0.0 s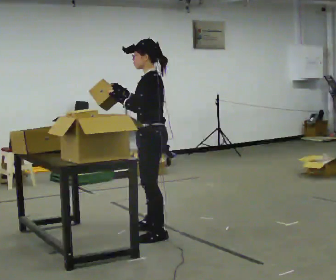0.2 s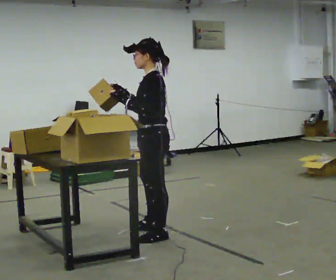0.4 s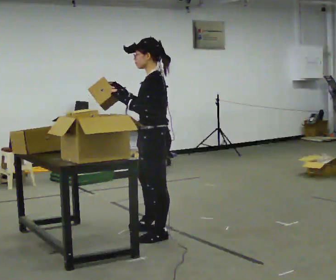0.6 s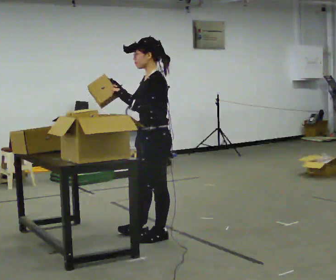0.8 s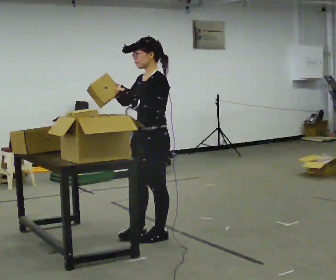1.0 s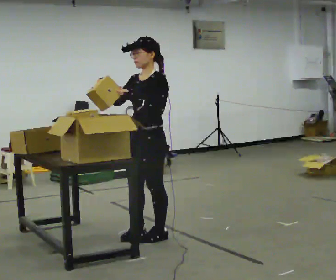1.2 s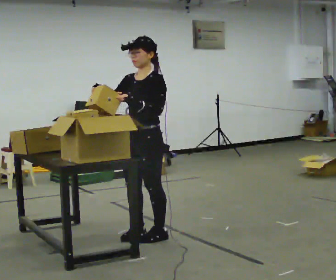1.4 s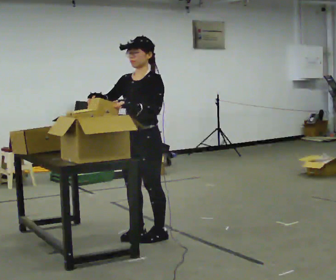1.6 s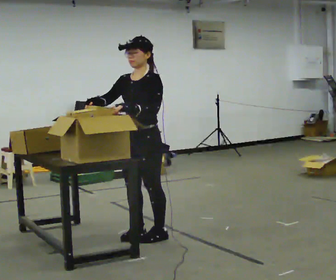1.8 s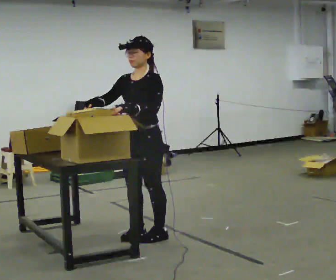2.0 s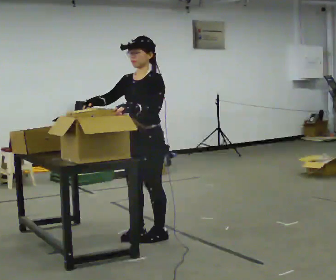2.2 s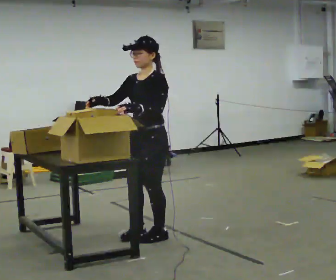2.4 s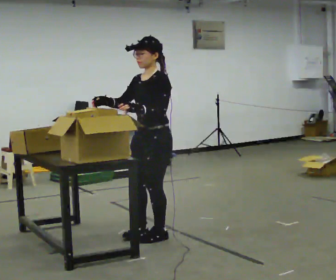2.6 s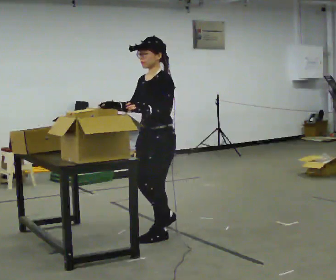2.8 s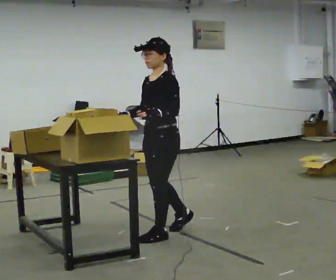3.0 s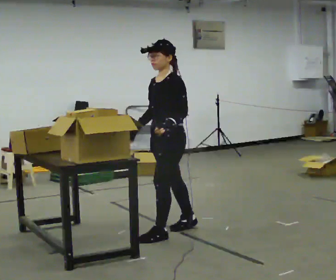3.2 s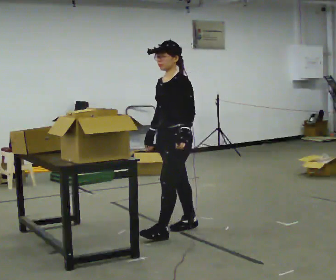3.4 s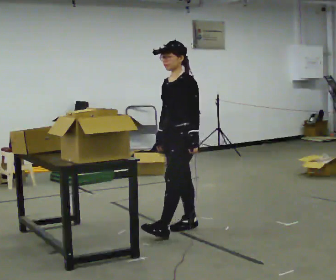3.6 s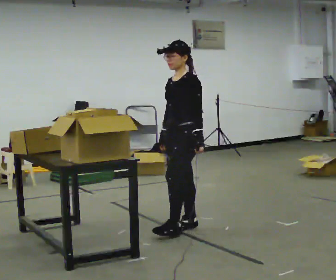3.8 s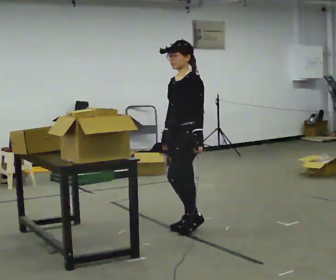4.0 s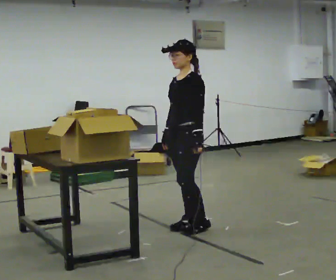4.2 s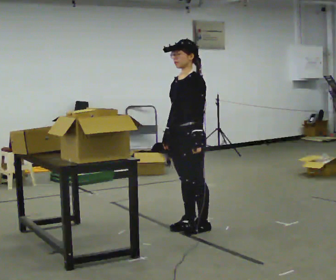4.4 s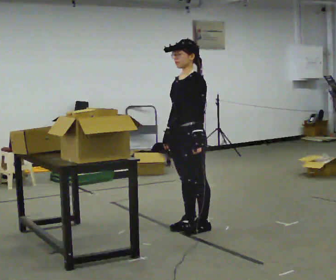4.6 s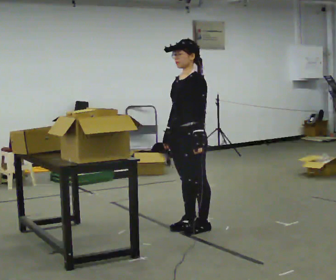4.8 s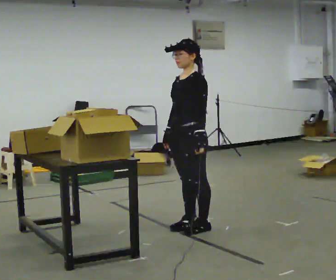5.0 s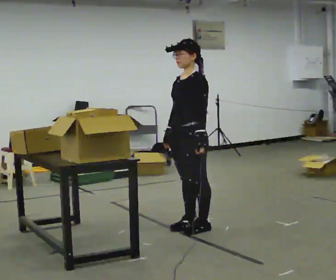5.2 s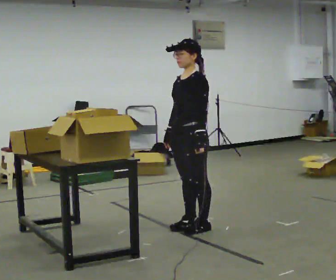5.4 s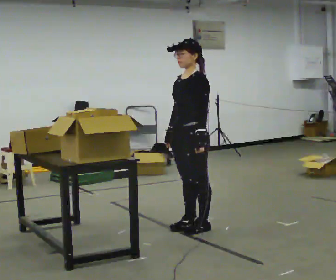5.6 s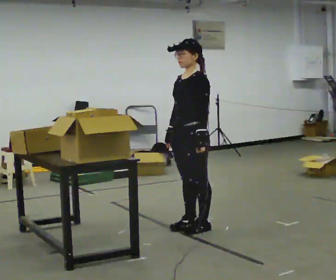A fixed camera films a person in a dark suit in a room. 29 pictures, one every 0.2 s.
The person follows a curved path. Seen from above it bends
counterclockwise.
0.0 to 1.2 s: Seen from above the body turns counterclockwise, about 45 degrees: to their left, with its near side sliding to the right. In the picture they go toward the camera, about 0.25 m in 1 step, which for them is to their left.
1.2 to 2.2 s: The person moves a little, or ends about where they began.
2.2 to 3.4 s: In the picture they go to the right and away from the camera, about 0.25 m in 1 step, which for them is backward. In the picture their right hand goes downward, the arm swinging counterclockwise.
3.4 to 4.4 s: The person moves a little, or ends about where they began.
4.4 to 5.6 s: The person keeps their place and pose.
The film runs backward here.
